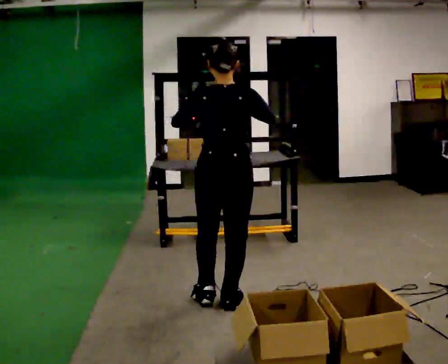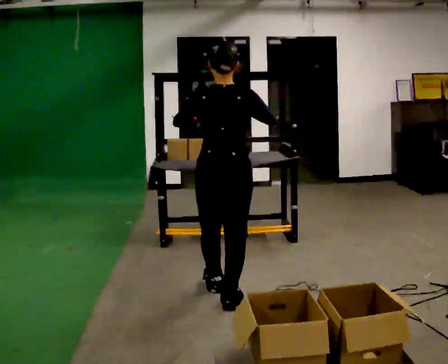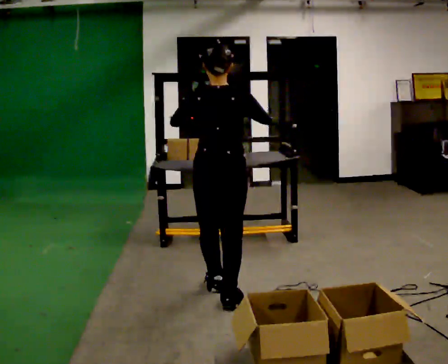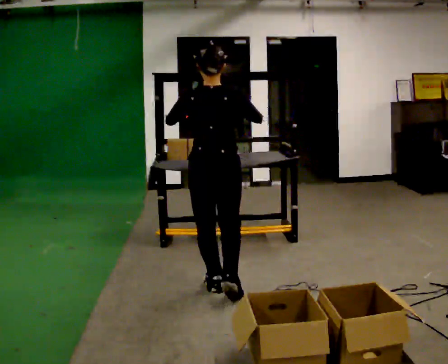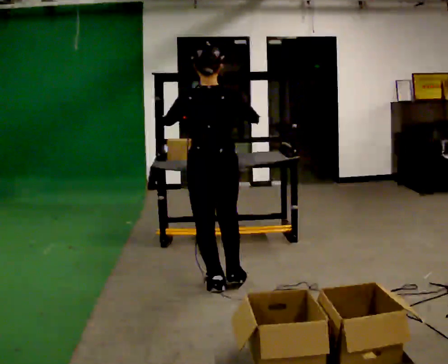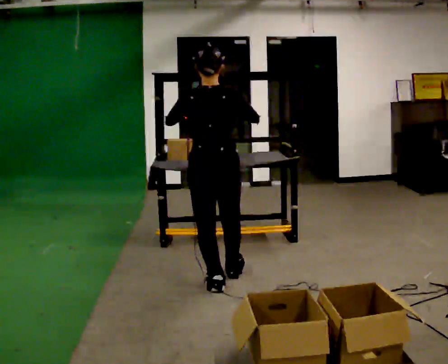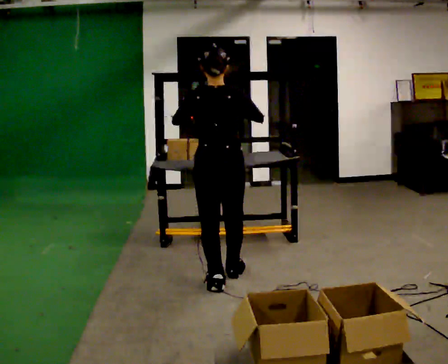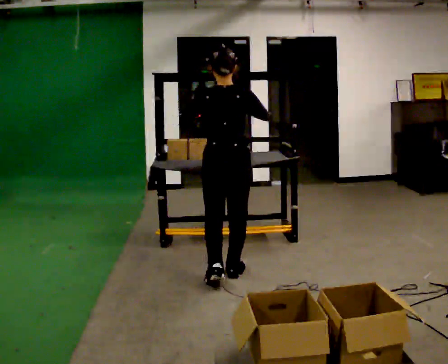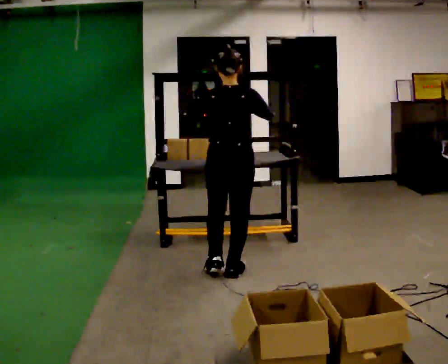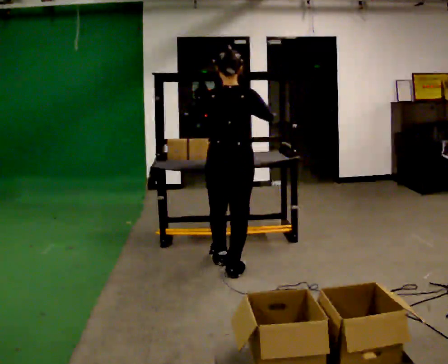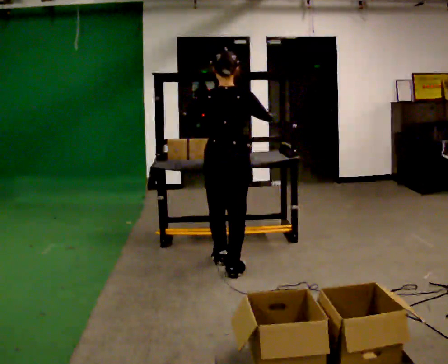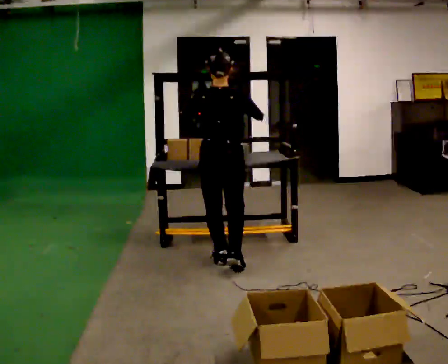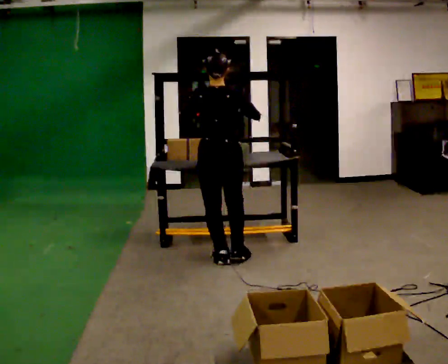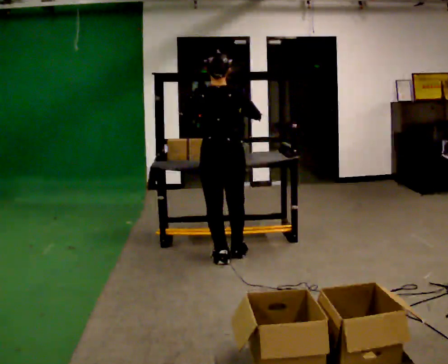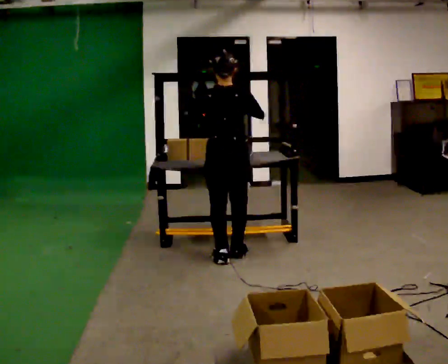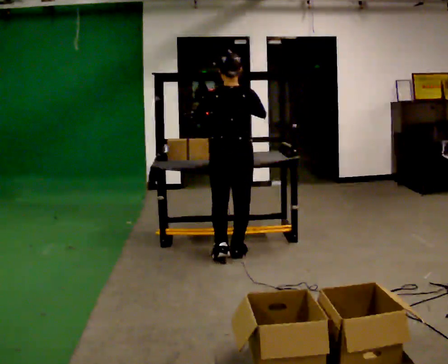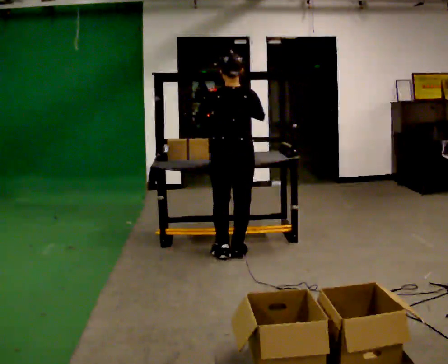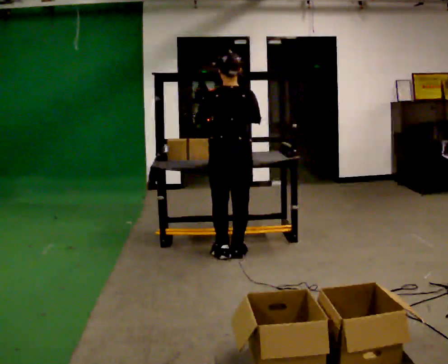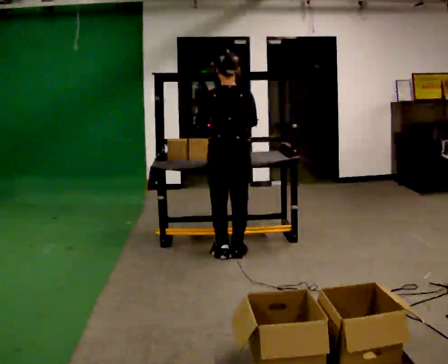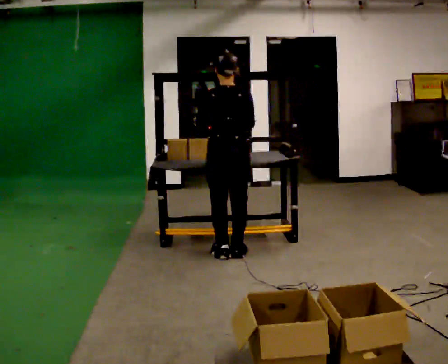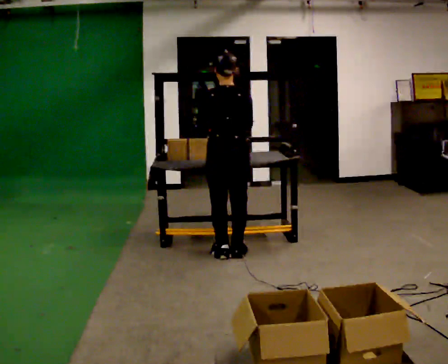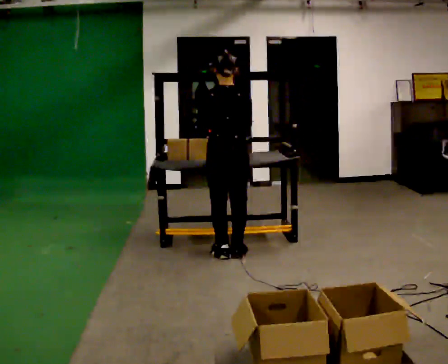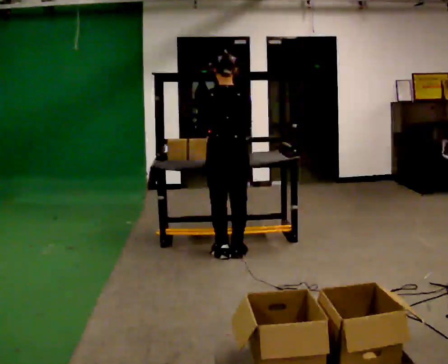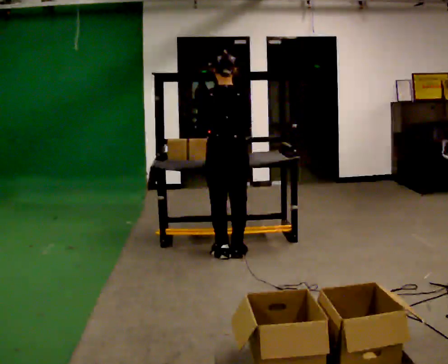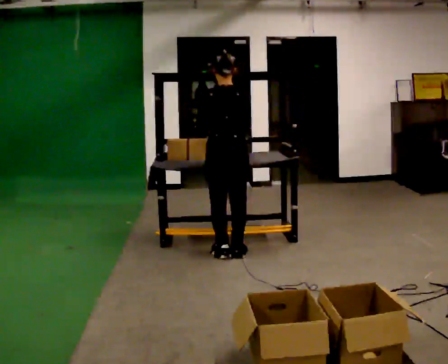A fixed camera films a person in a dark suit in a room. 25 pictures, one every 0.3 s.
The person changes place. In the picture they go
away from the camera.
0.0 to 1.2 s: In the picture they go away from the camera, about 0.25 m in 1 step, which for them is forward and to their left.
1.2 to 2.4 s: In the picture they go away from the camera, about 0.25 m in 1 step, which for them is forward.
2.4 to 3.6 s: In the picture they go away from the camera, about 0.25 m in 1 step, which for them is forward and to their left.
3.6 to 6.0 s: In the picture they go away from the camera, about 0.25 m in 1 step, which for them is forward.
6.0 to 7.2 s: The person keeps their place and pose.
The film runs forward here.
